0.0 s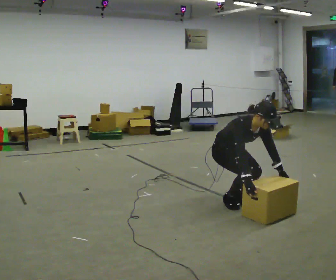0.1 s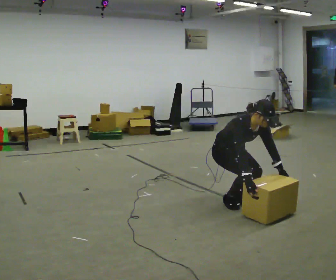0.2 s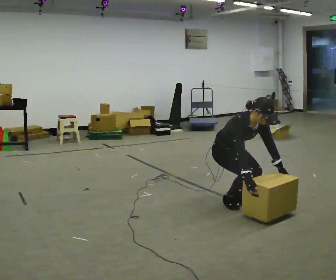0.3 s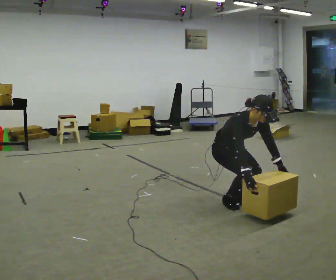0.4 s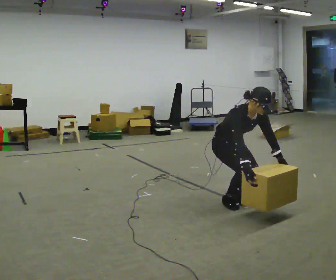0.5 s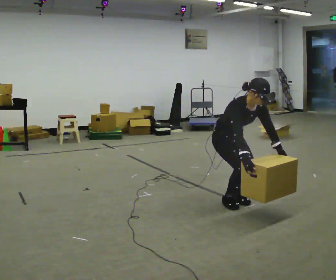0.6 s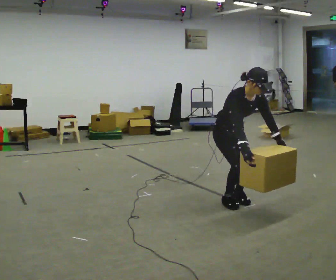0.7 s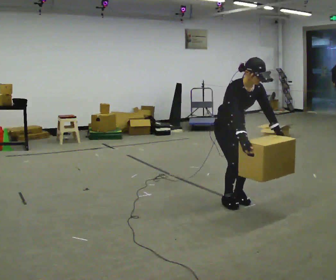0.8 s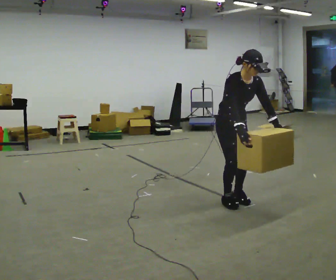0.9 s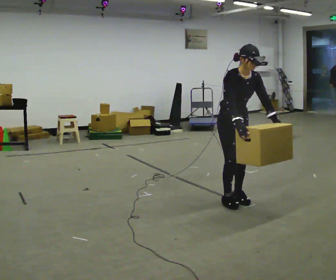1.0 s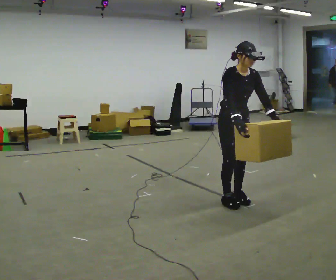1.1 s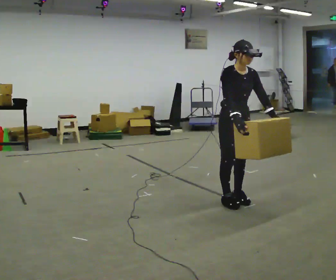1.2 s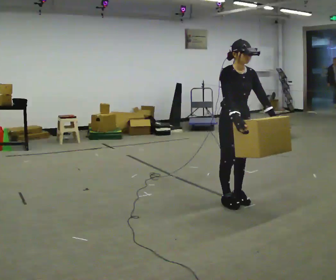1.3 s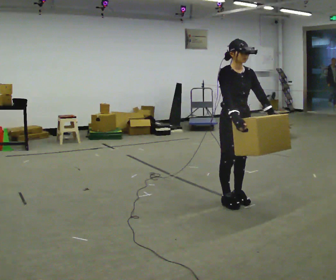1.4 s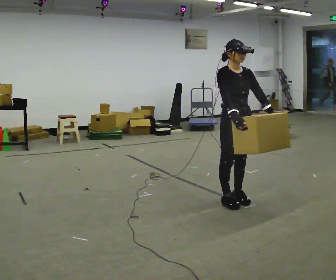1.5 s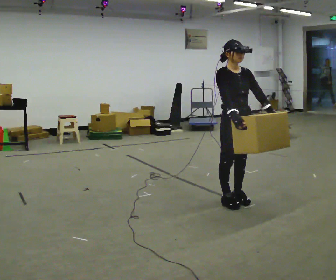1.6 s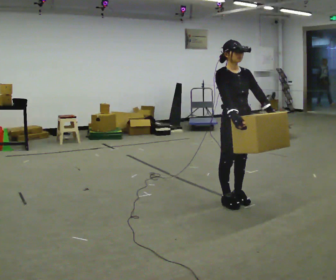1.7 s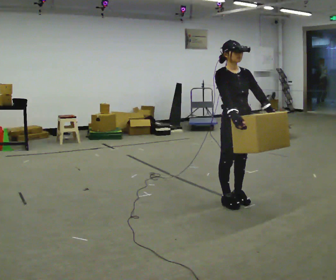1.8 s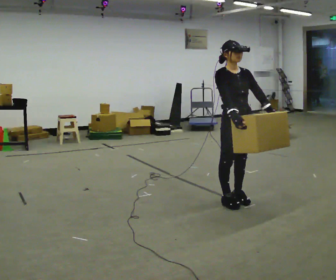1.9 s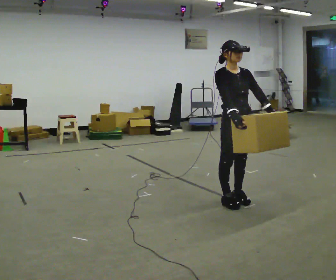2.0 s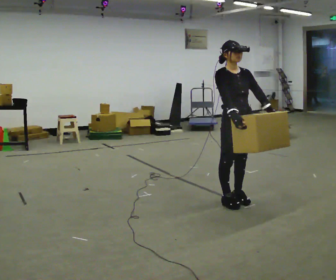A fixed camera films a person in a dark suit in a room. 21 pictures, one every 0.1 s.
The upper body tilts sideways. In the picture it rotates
counterclockwise.
Their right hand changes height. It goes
upward.
0.0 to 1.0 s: The upper body goes upward. In the picture the upper body tilts counterclockwise, shoulders to the left, as they lean back or straighten. In the picture their right hand goes upward.
1.0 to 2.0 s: In the picture the upper body tilts counterclockwise, shoulders to the left, as they lean back or straighten.
The film runs backward here.
